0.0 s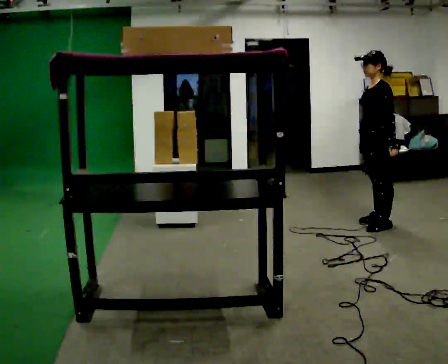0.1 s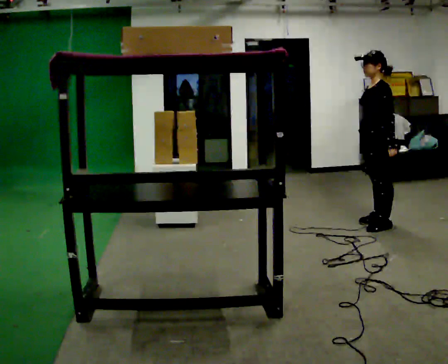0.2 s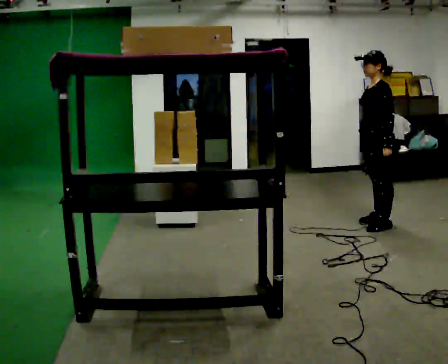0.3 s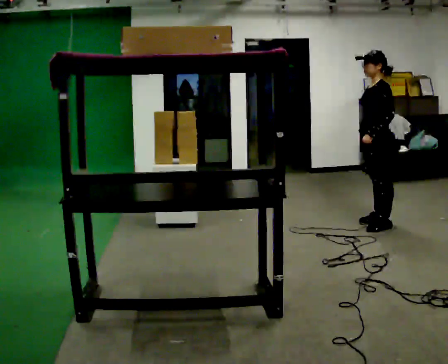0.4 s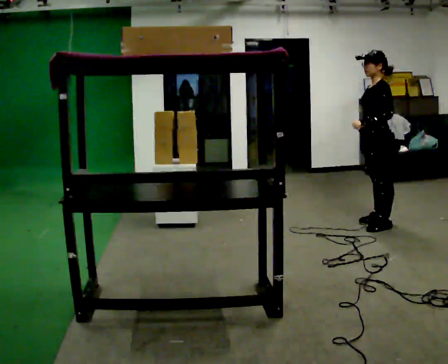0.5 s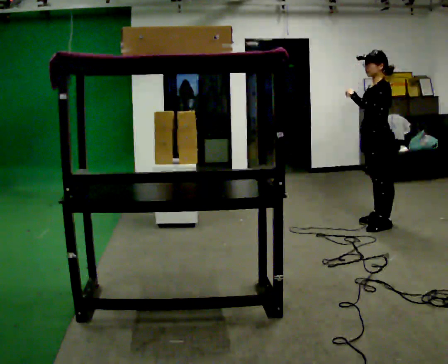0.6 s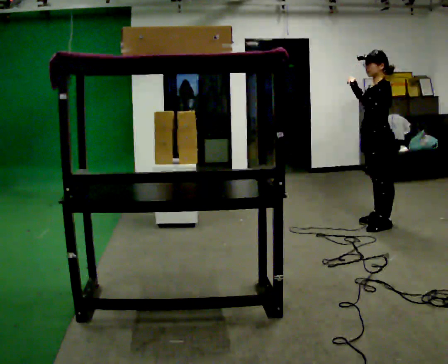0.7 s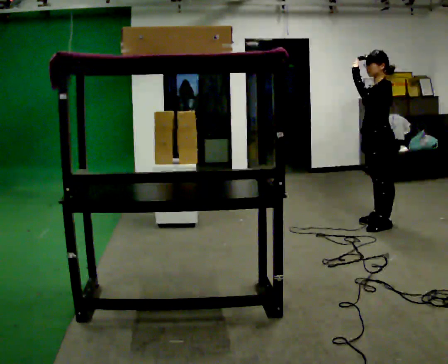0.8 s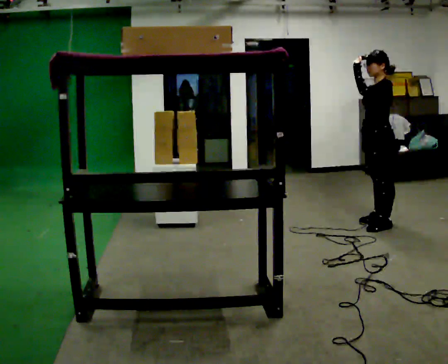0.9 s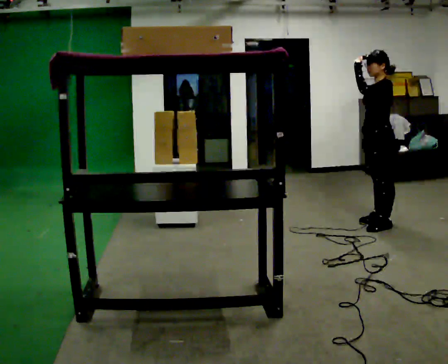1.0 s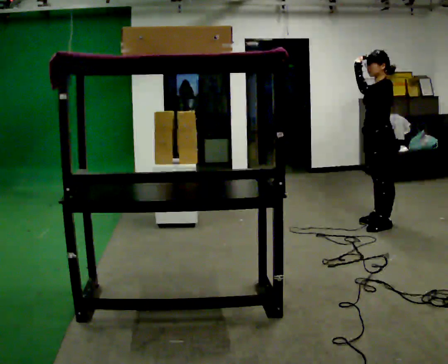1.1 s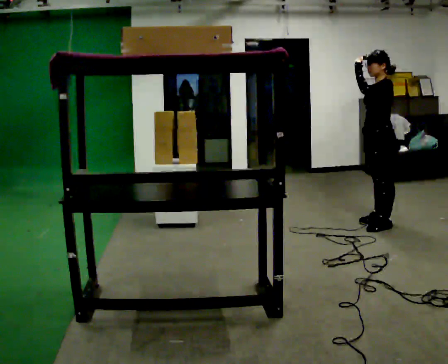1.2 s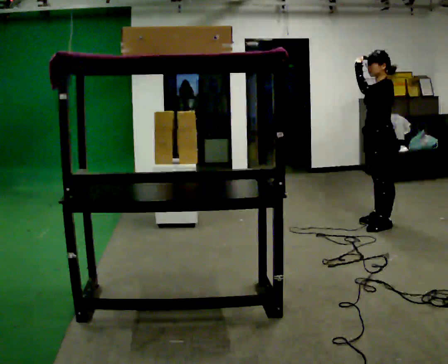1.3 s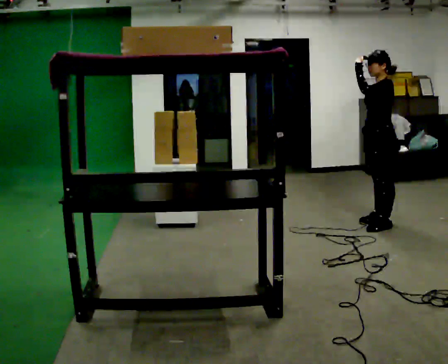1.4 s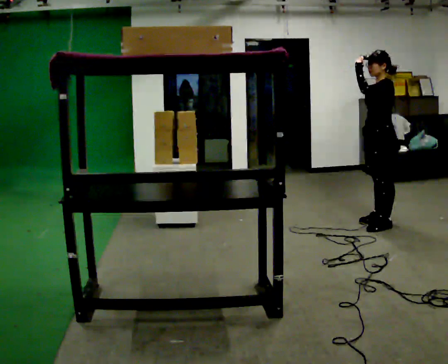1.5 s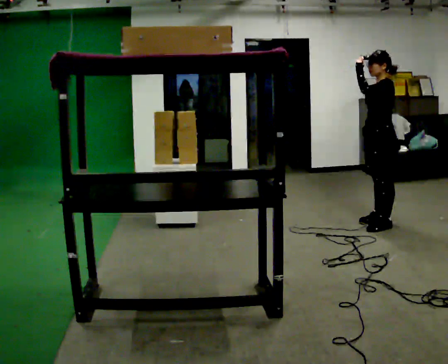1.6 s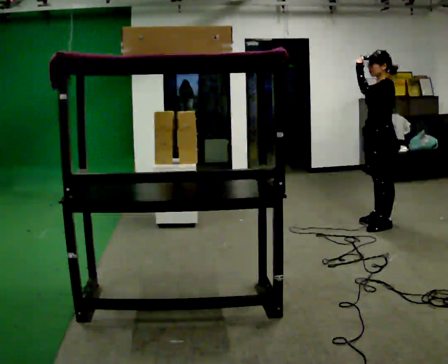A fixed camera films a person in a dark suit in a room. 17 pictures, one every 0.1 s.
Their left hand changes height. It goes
upward.
0.0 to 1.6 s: In the picture their left hand goes upward.
The film runs backward here.
